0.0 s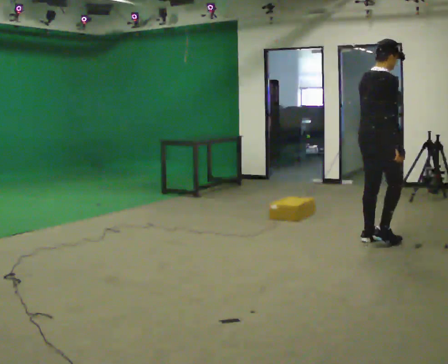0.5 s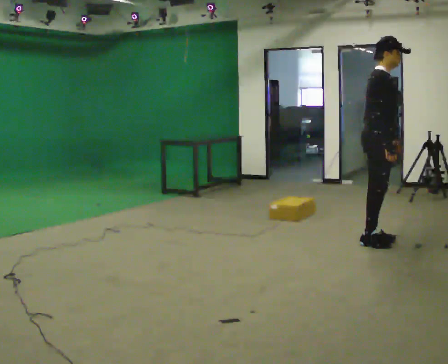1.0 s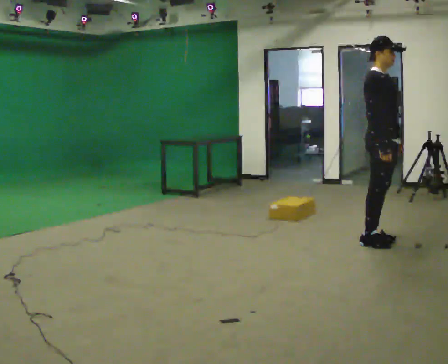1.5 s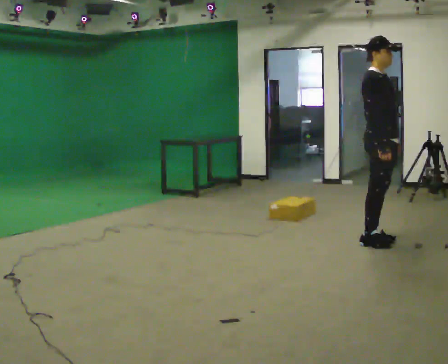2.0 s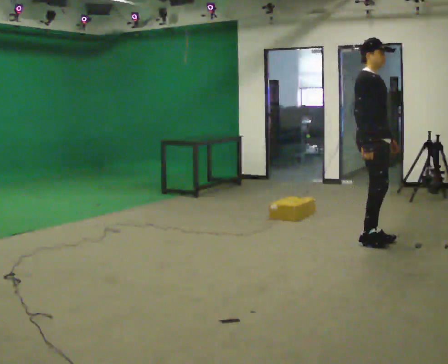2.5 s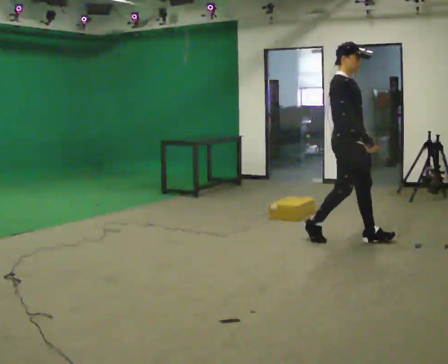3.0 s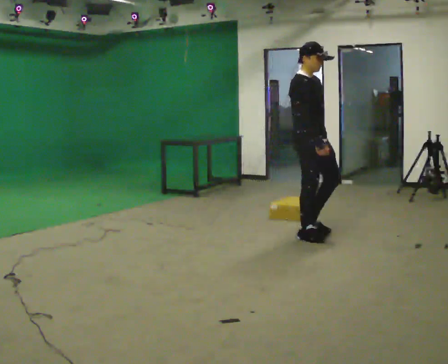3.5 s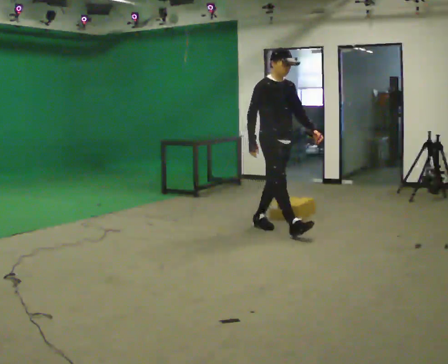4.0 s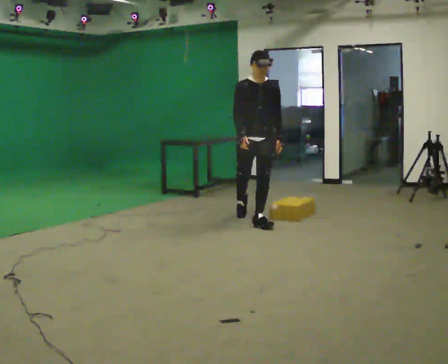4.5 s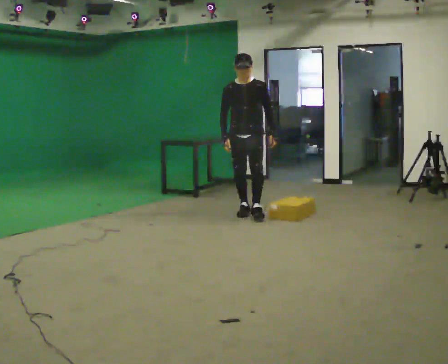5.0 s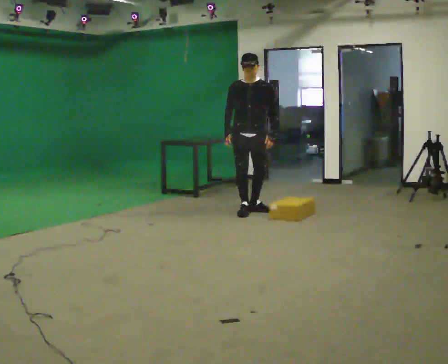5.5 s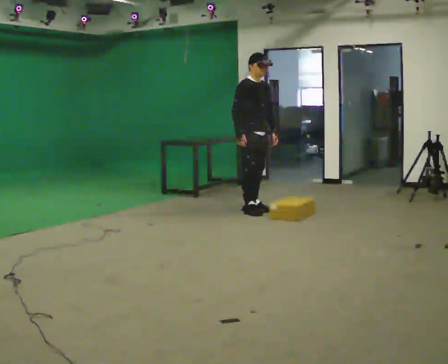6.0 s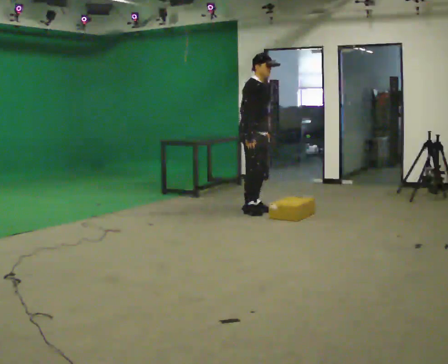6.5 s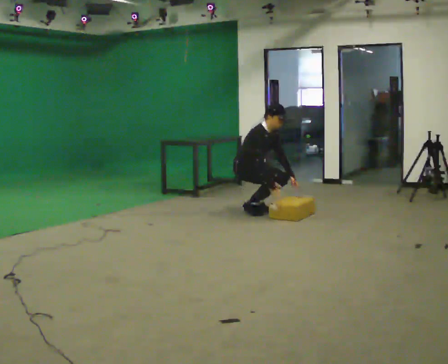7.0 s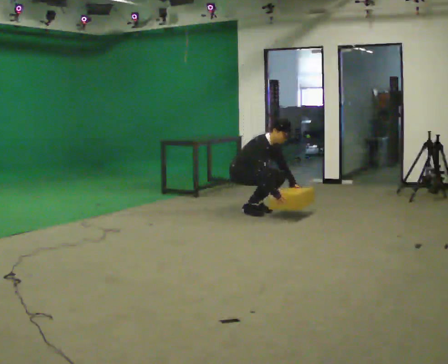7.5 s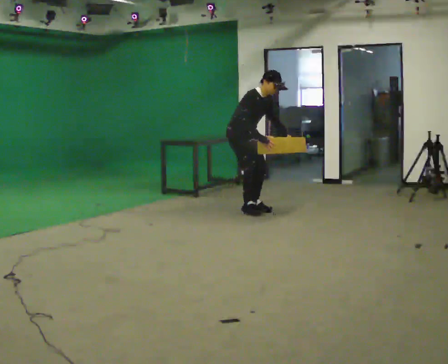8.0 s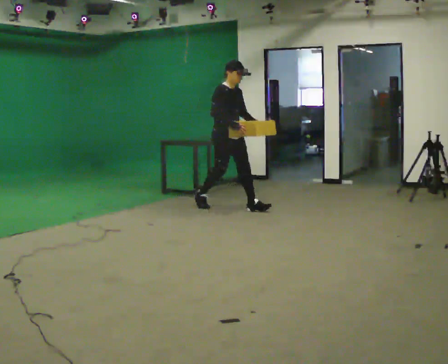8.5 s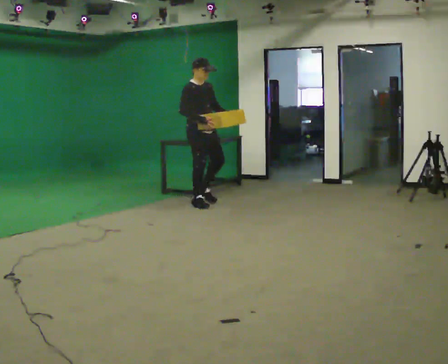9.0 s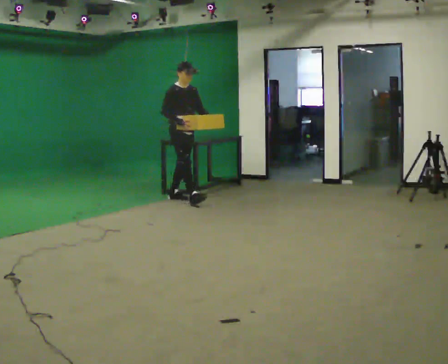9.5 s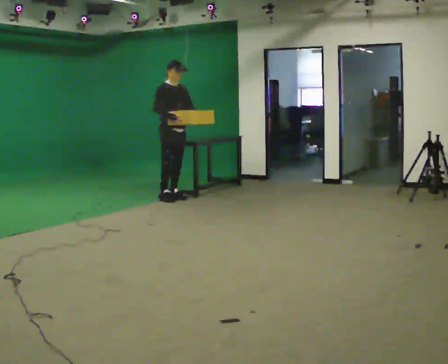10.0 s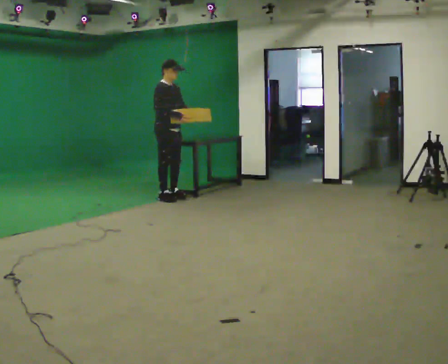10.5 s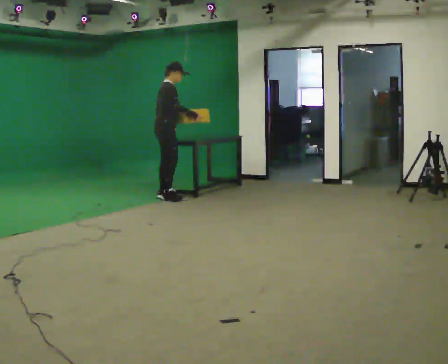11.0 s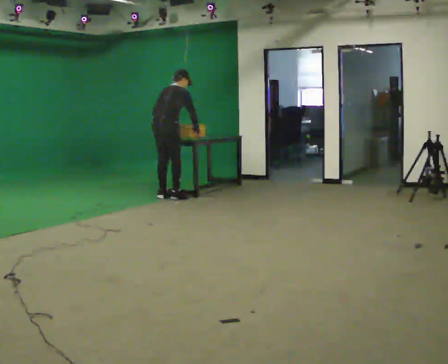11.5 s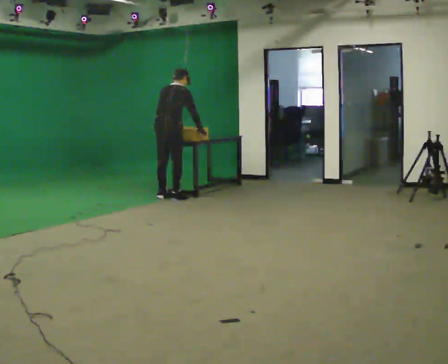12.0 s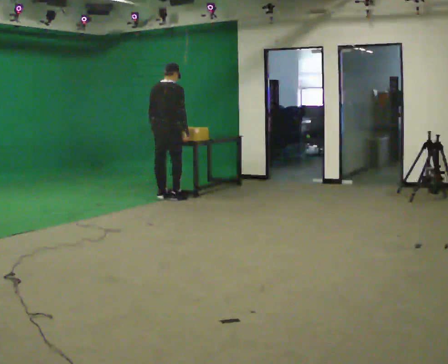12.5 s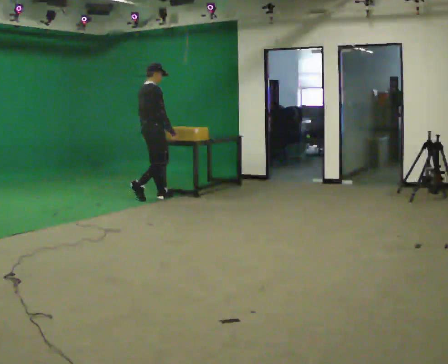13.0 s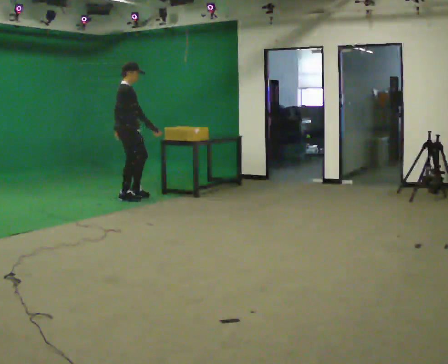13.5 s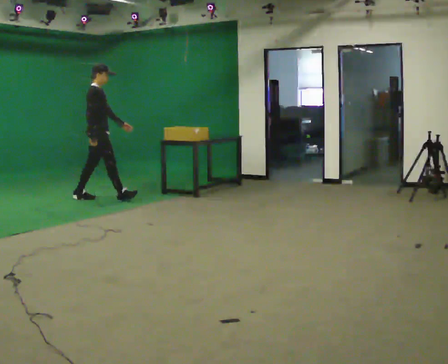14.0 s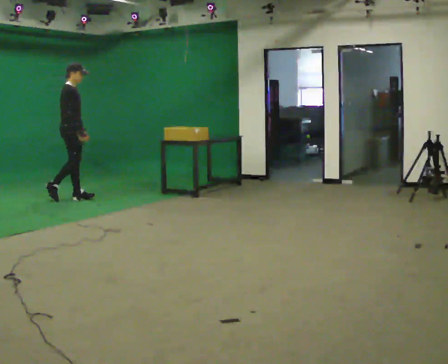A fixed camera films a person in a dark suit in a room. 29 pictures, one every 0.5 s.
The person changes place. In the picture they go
to the left.
0.0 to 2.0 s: The part of the body nearest the lens slides to the left as the person turns to their right by about 60 degrees.
2.0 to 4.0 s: The part of the body nearest the lens slides to the left as the person turns to their right by about 45 degrees. In the picture they go to the left and away from the camera, about 1.5 m in 3 steps, which for them is backward.
4.0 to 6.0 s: Seen from above the body turns counterclockwise, about 45 degrees: to their left, with its near side sliding to the right. In the picture they go away from the camera, about 0.5 m in 1 step.
6.0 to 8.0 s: In the picture they go to the left and away from the camera, about 0.25 m in 1 step, which for them is backward.
8.0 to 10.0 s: In the picture they go to the left and away from the camera, about 1 m in 2 steps, which for them is backward.
10.0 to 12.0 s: Seen from above the body turns counterclockwise, about 90 degrees: to their left, with its near side sliding to the right. In the picture their left hand goes to the left, the arm swinging clockwise.
12.0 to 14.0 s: The part of the body nearest the lens slides to the left as the person turns to their right by about 60 degrees. In the picture they go to the left, about 1 m in 3 steps, which for them is backward.
The film runs backward here.
